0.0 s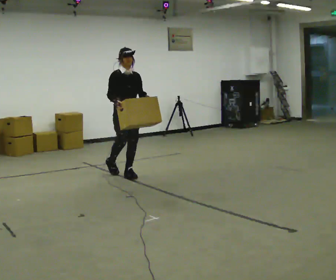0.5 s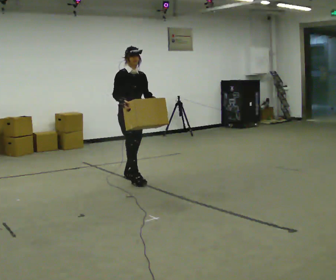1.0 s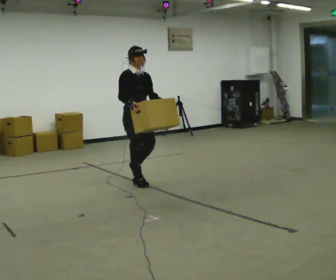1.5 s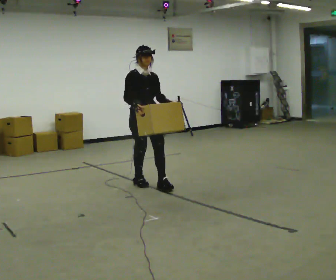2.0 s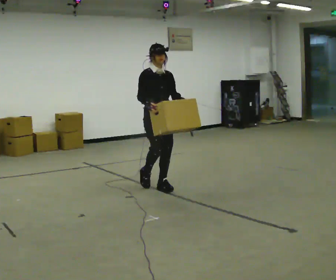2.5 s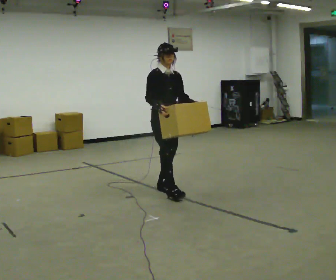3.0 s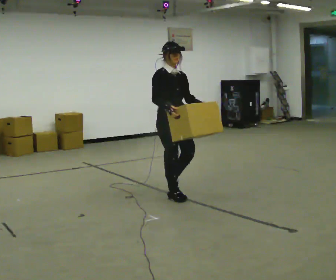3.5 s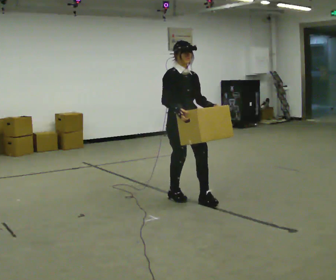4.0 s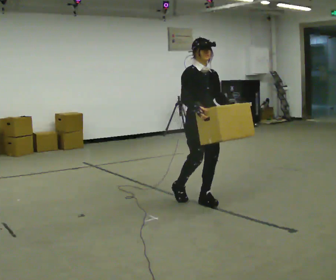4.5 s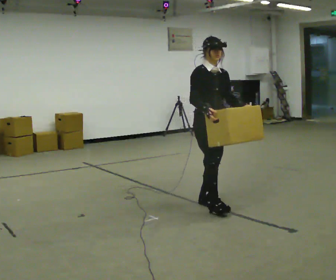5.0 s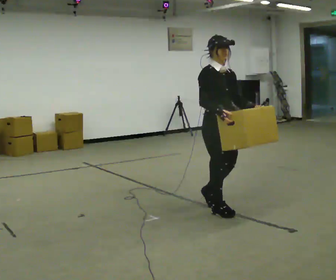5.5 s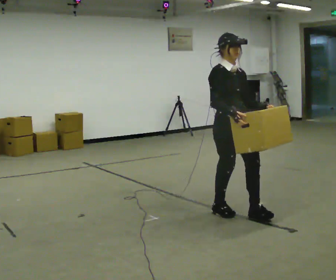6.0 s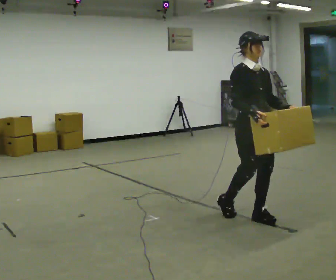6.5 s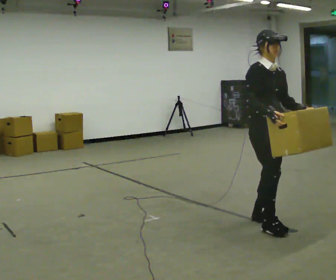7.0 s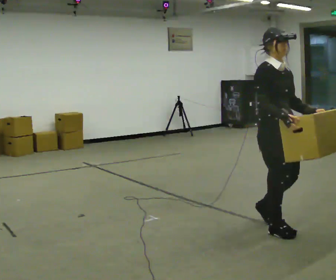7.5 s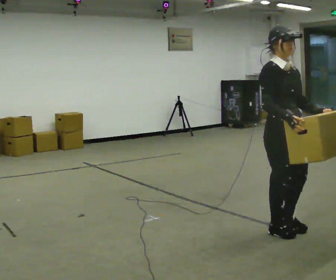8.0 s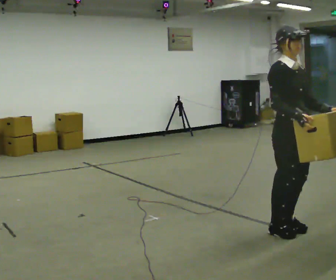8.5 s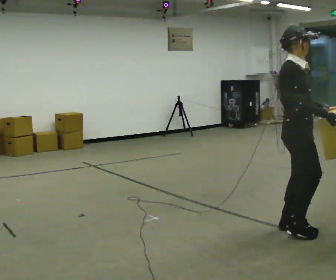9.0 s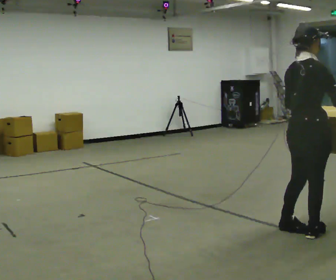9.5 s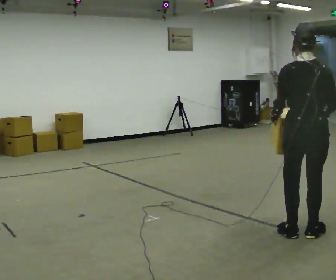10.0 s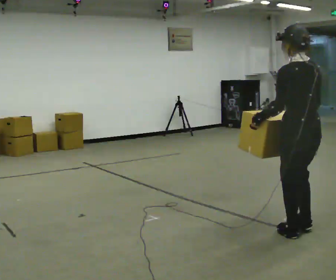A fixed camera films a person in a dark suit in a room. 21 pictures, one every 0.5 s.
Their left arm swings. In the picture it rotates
clockwise.
0.0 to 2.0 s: In the picture they go toward the camera and to the right, about 0.75 m in 2 steps, which for them is forward.
2.0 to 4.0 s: In the picture they go toward the camera and to the right, about 0.5 m in 2 steps, which for them is forward.
4.0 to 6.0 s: In the picture they go toward the camera and to the right, about 0.5 m in 2 steps, which for them is forward.
6.0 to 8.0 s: In the picture they go toward the camera and to the right, about 0.5 m in 2 steps, which for them is forward.
8.0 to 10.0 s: The person turns about 165 degrees to their left, counterclockwise seen from above, so the part of the body nearest the lens slides to the right.
The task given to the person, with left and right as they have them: Carry the box across the room much more slowly and carefully than normal, back and forth.
The film runs forward here.
